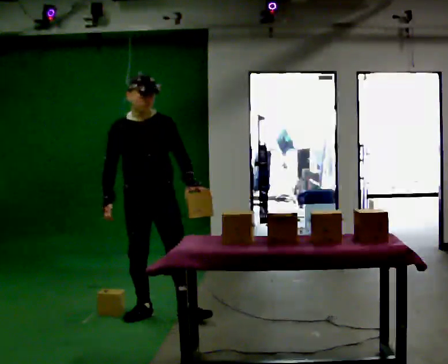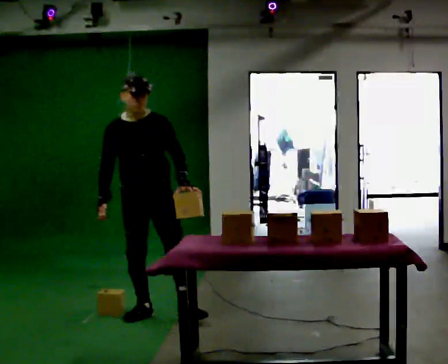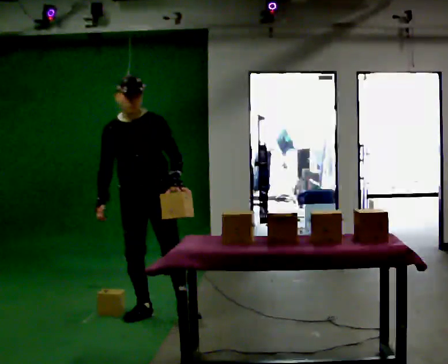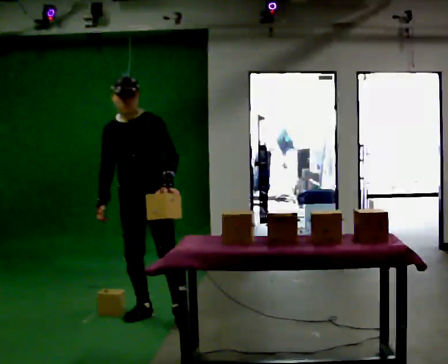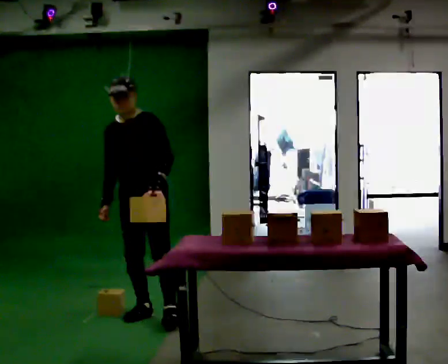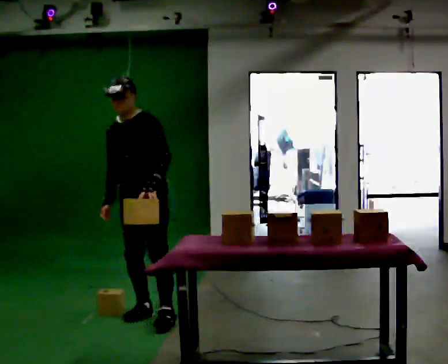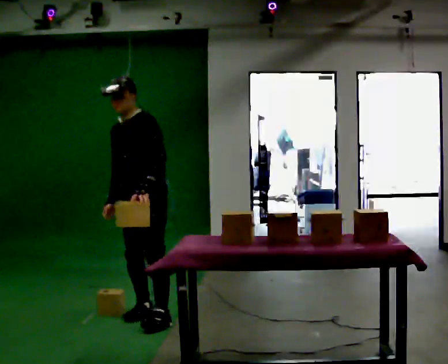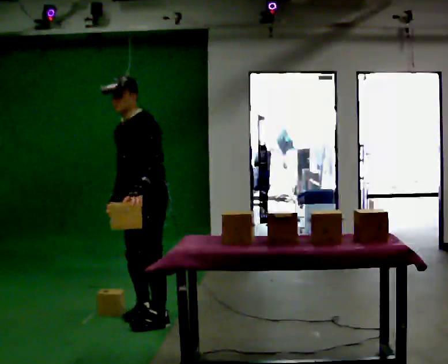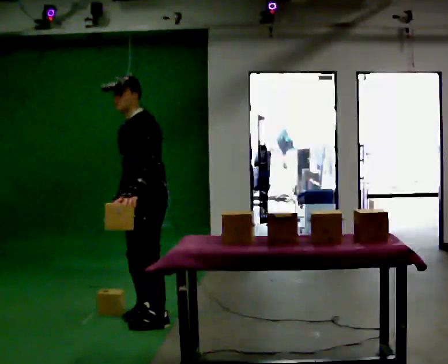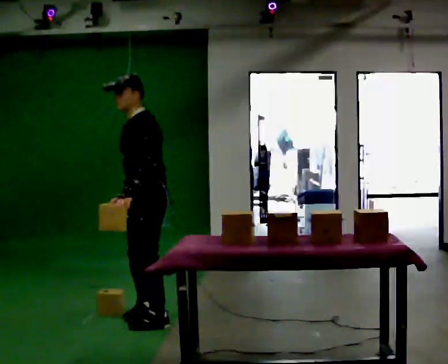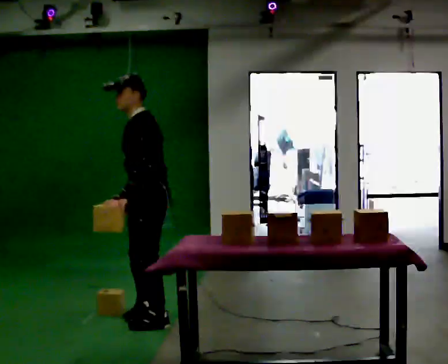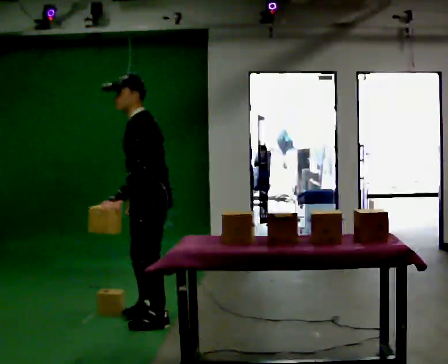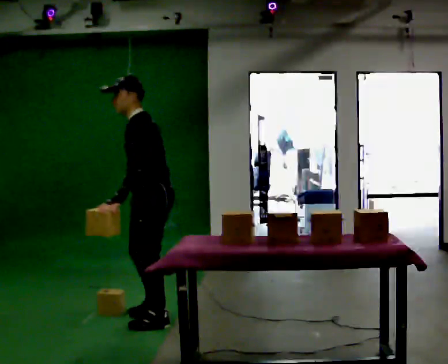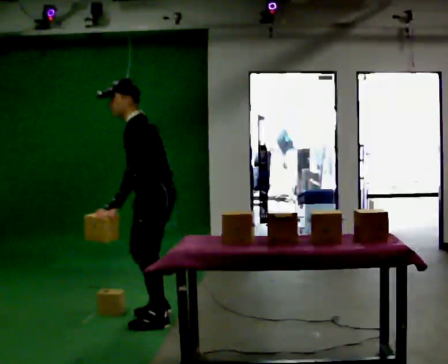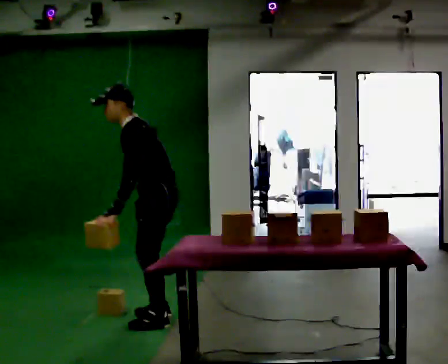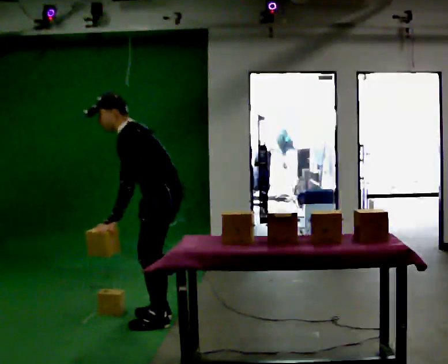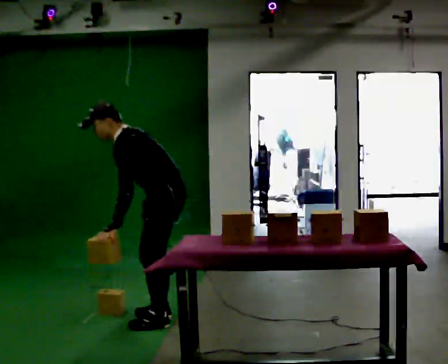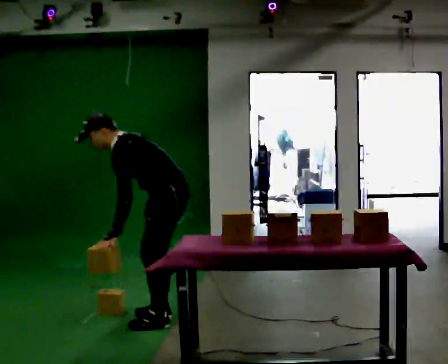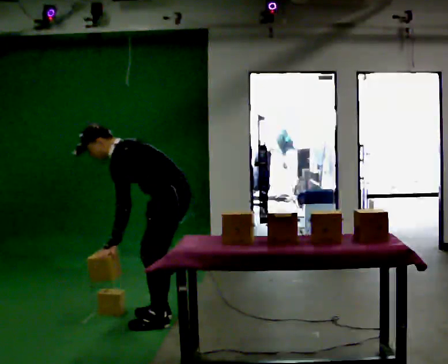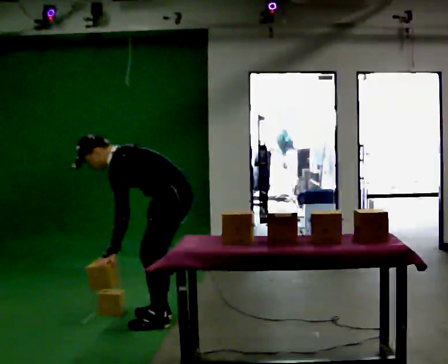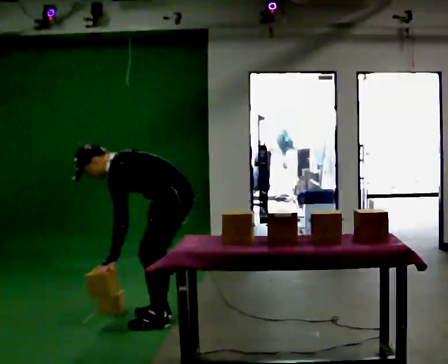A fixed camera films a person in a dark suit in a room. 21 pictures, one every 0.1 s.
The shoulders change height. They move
downward.
Their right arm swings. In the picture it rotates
counterclockwise.
0.0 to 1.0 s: The part of the body nearest the lens slides to the left as the person turns to their right by about 75 degrees. In the picture their left hand goes to the left, the arm swinging clockwise.
1.0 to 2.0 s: The part of the body nearest the lens slides to the left as the person turns to their right by about 30 degrees. In the picture they go to the right, about 0.25 m in 1 step, which for them is backward. The upper body goes downward. In the picture the upper body tilts counterclockwise, shoulders to the left, as they bend forward.
The film runs backward here.
